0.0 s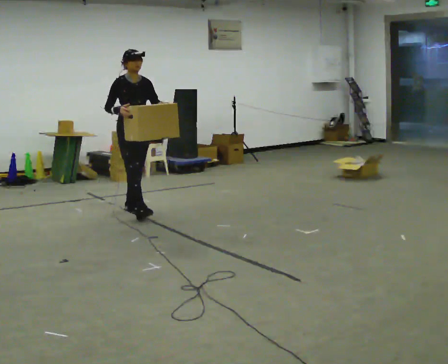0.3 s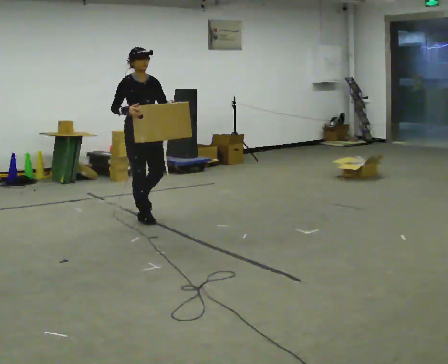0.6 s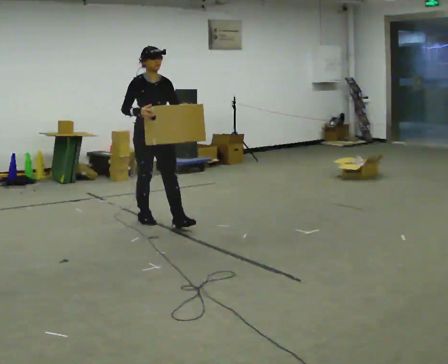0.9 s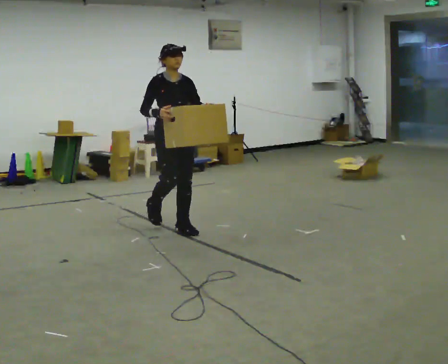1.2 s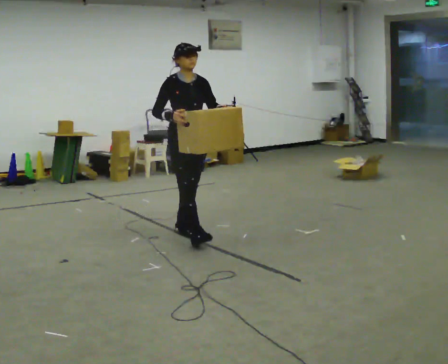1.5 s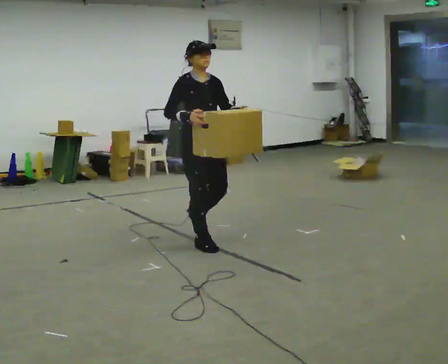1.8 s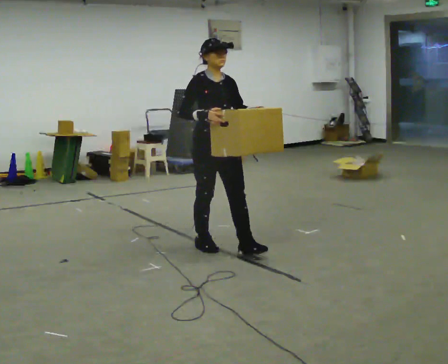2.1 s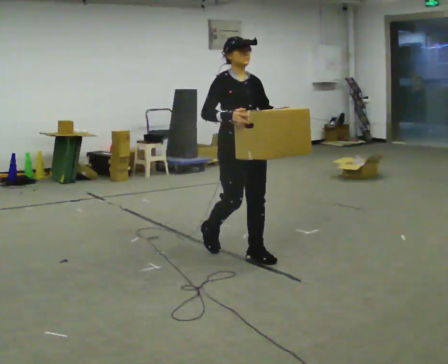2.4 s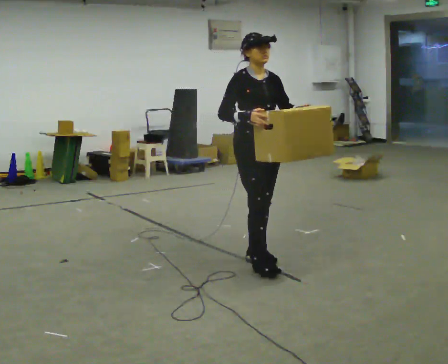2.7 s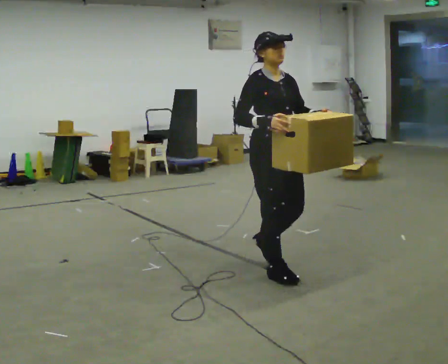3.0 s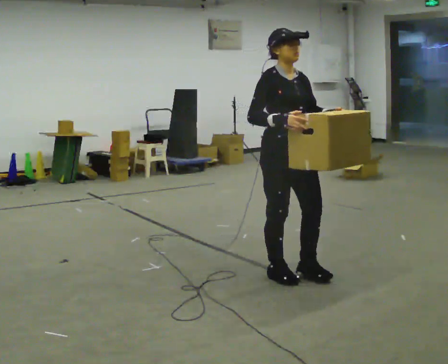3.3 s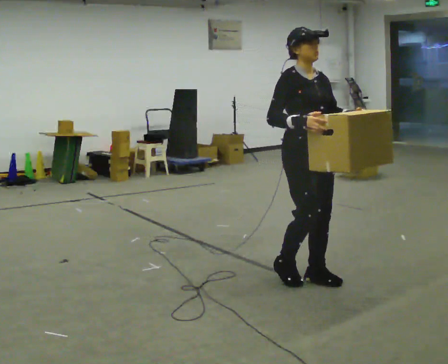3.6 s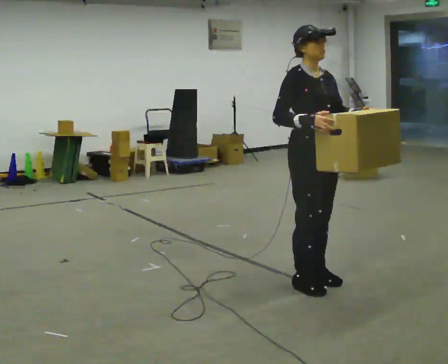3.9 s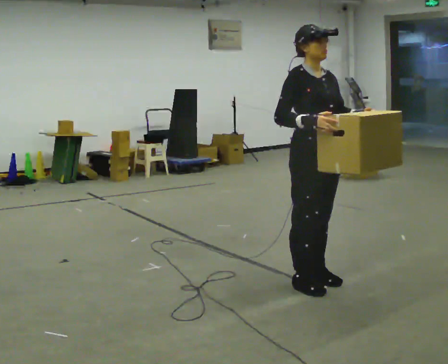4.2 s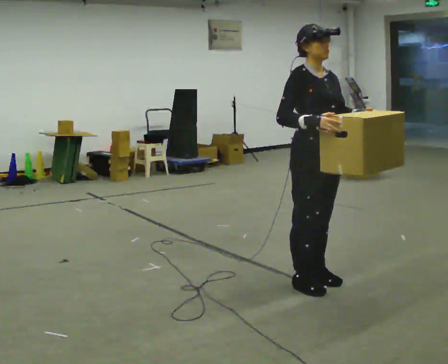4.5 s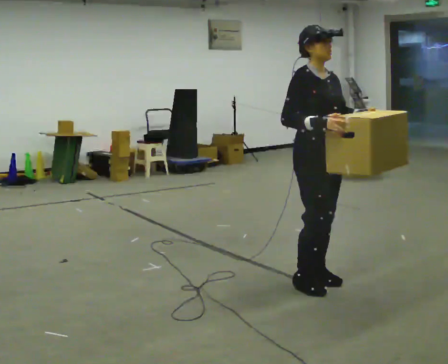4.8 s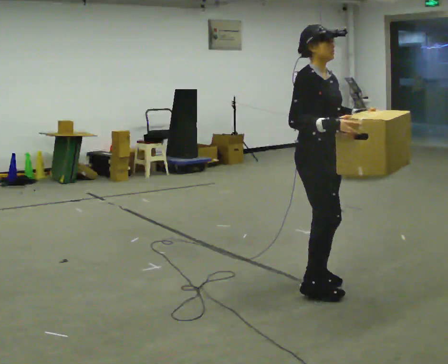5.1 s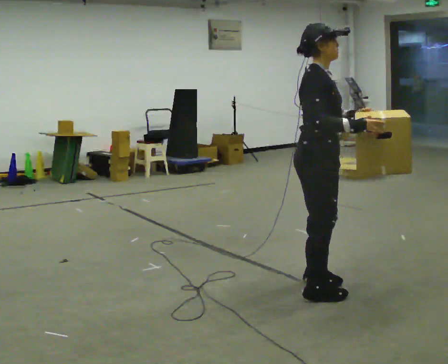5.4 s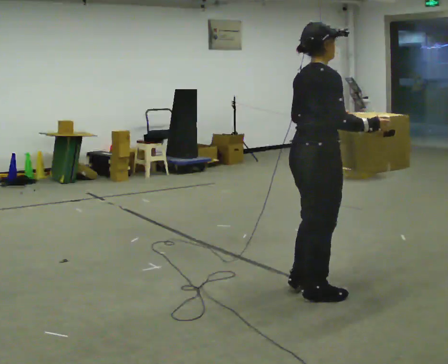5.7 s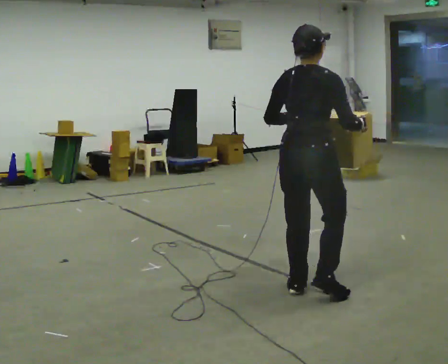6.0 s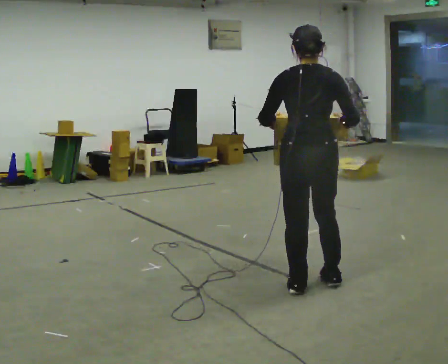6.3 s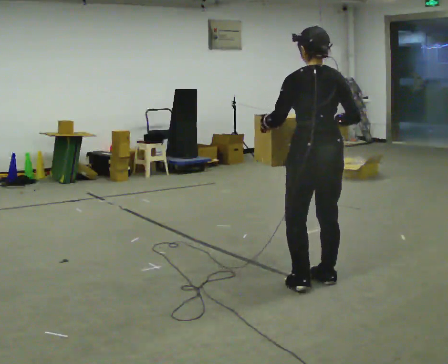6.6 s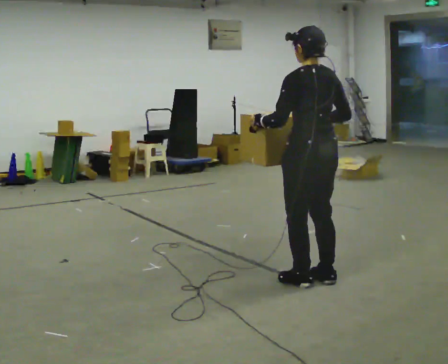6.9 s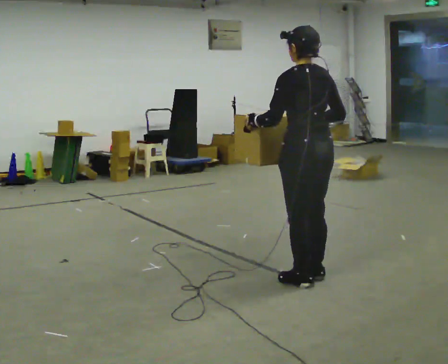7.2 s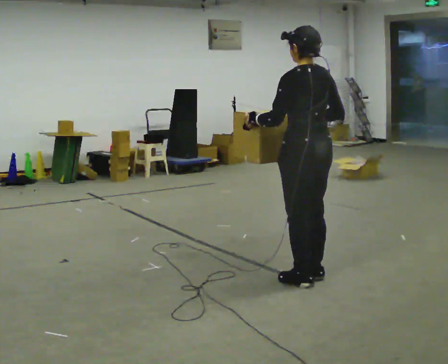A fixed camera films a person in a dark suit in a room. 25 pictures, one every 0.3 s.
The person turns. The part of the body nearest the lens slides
to the right.
The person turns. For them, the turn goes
to their left.
0.0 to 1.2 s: In the picture they go toward the camera and to the right, about 1 m in 2 steps, which for them is forward.
1.2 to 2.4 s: In the picture they go toward the camera and to the right, about 1 m in 2 steps, which for them is forward.
2.4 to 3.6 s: In the picture they go toward the camera and to the right, about 0.5 m in 3 steps, which for them is forward.
3.6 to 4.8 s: The person moves a little, or ends about where they began.
4.8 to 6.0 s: The part of the body nearest the lens slides to the right as the person turns to their left by about 120 degrees. In the picture their left hand goes to the left.
6.0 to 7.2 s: Seen from above the body turns counterclockwise, about 45 degrees: to their left, with its near side sliding to the right.
The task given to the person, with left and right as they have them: Carry the heavy box in both hands in front of you, walking back and forth across the room. Keep walking until the operator says stop. Set it down if you need a rest.
The film runs forward here.
